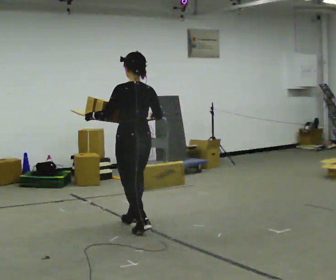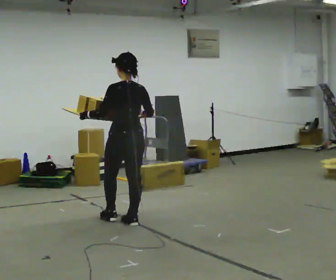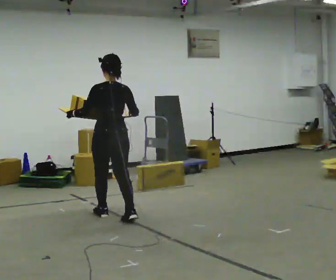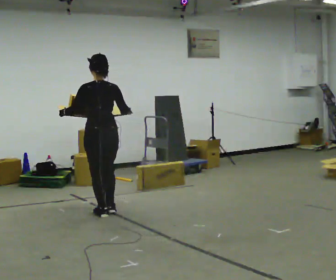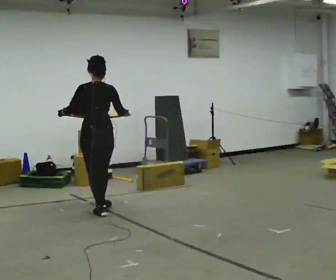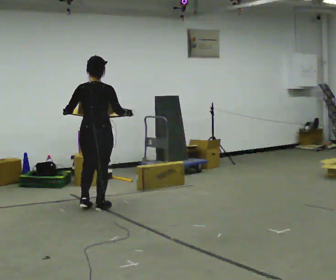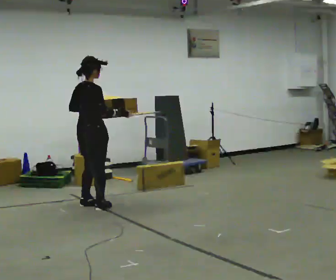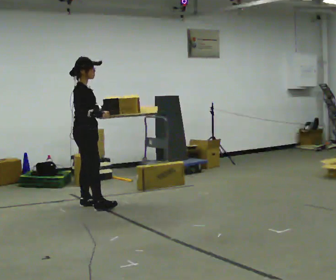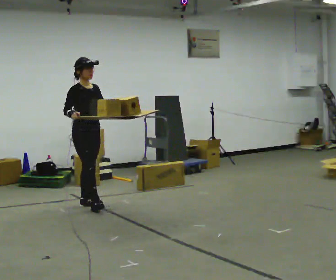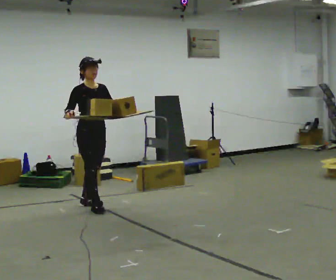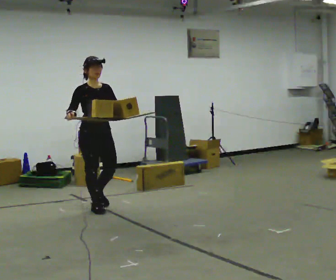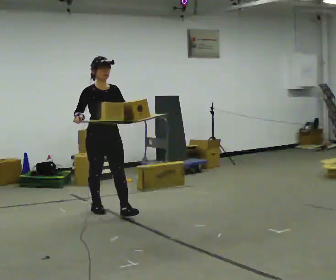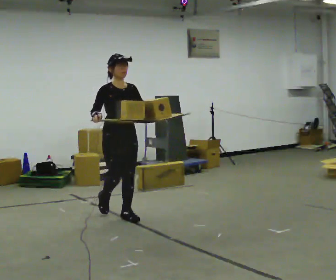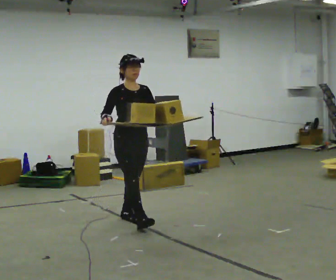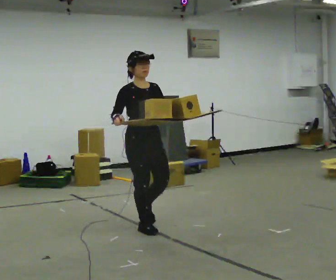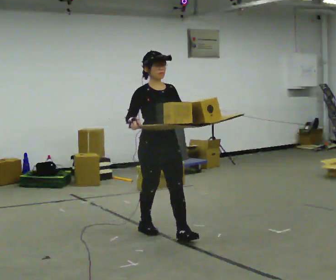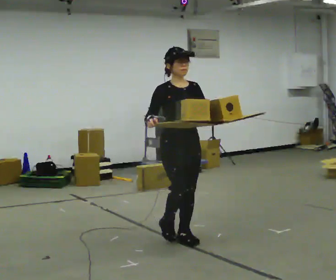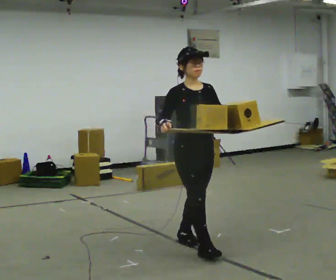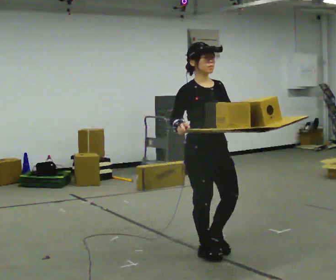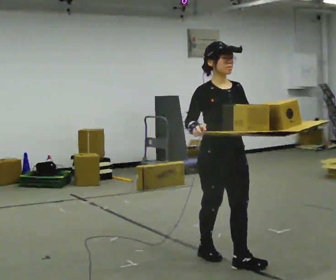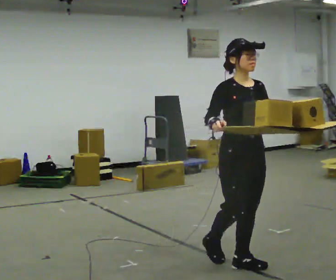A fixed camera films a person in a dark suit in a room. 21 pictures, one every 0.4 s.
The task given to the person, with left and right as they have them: Carry the loaded tray flat and level in both hands, walking back and forth across the room. Try not to let anything slide off.
0.0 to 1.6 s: In the picture they go away from the camera and to the left, about 0.5 m in 2 steps, which for them is forward.
1.6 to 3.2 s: The part of the body nearest the lens slides to the left as the person turns to their right by about 150 degrees. In the picture they go away from the camera and to the left, about 0.25 m in 1 step.
3.2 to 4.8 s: Seen from above the body turns clockwise, about 30 degrees: to their right, with its near side sliding to the left. In the picture they go toward the camera and to the right, about 0.75 m in 1 step, which for them is forward.
4.8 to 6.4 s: In the picture they go toward the camera and to the right, about 1 m in 2 steps, which for them is forward.
6.4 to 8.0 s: In the picture they go toward the camera and to the right, about 1 m in 2 steps, which for them is forward.
The film runs forward here.
